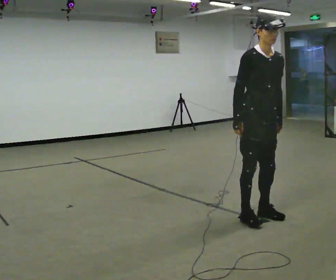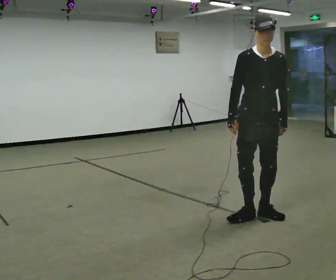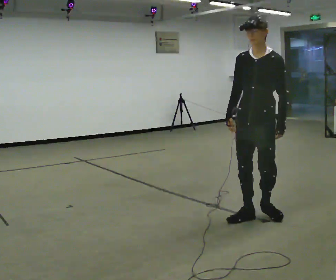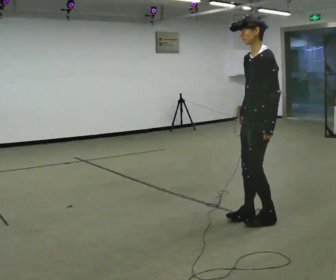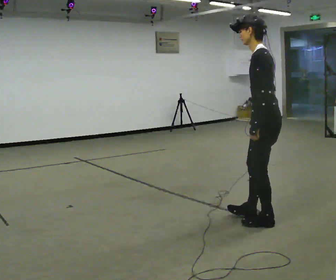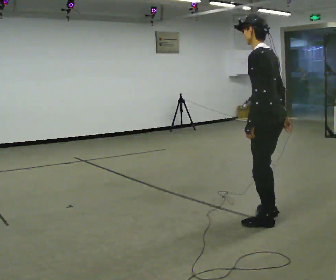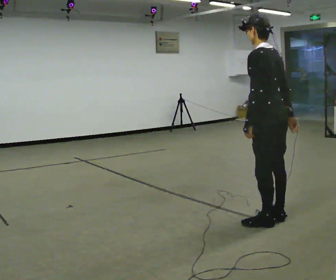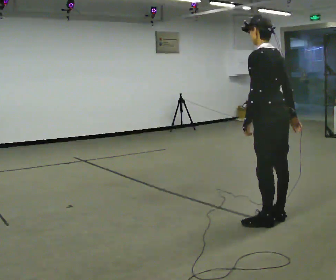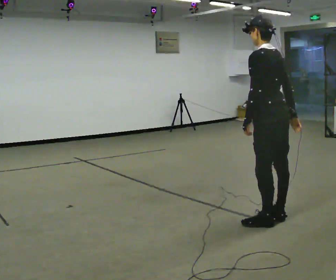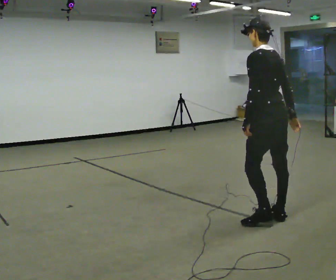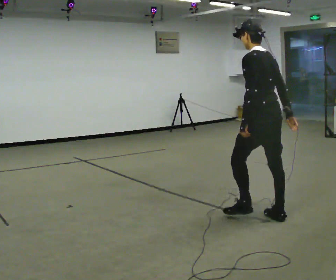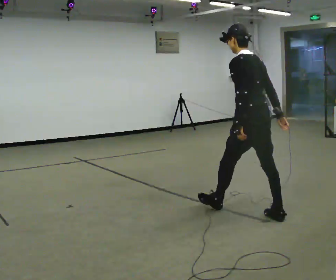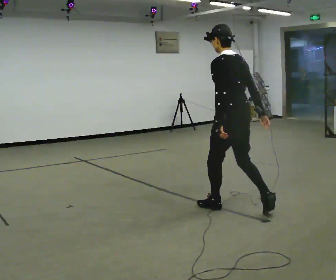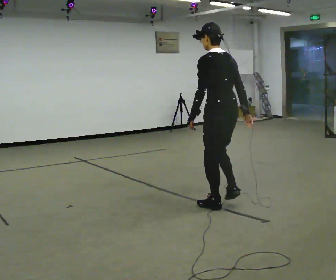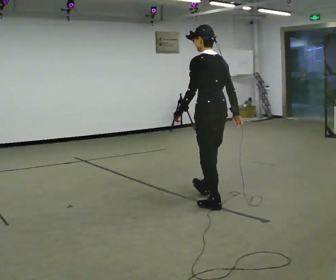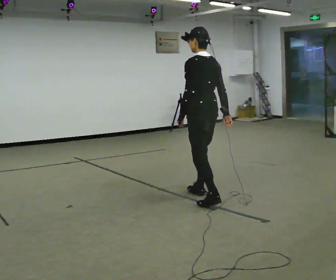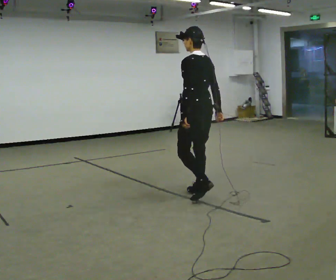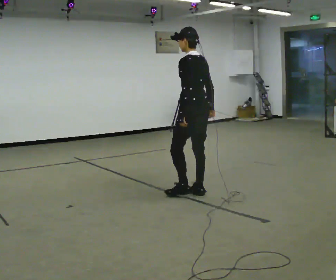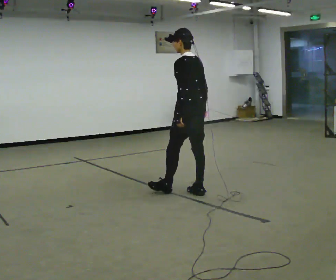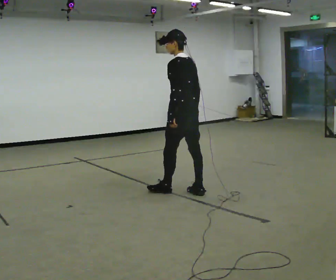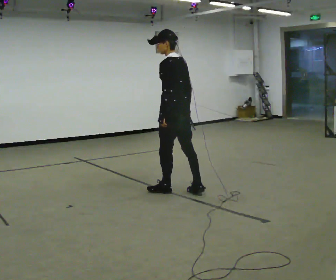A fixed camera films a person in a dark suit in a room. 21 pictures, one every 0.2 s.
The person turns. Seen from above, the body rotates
clockwise.
The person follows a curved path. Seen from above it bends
counterclockwise.
0.0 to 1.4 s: Seen from above the body turns clockwise, about 165 degrees: to their right, with its near side sliding to the left. In the picture they go to the right, about 0.25 m in 2 steps. In the picture the upper body tilts counterclockwise, shoulders to the left. In the picture their right hand goes to the right, the arm swinging counterclockwise.
1.4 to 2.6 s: In the picture they go to the left and away from the camera, about 0.5 m in 1 step, which for them is forward.
2.6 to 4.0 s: In the picture they go away from the camera and to the left, about 0.5 m in 2 steps, which for them is forward.
The film runs forward here.
